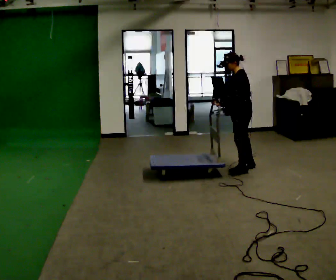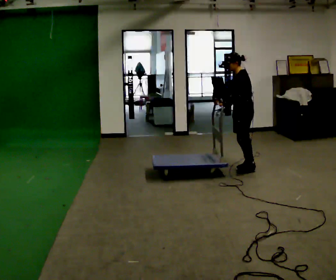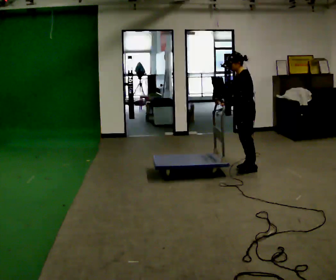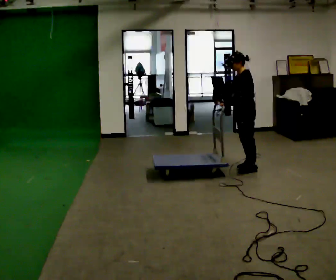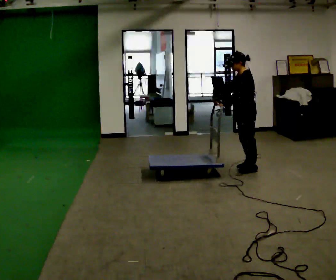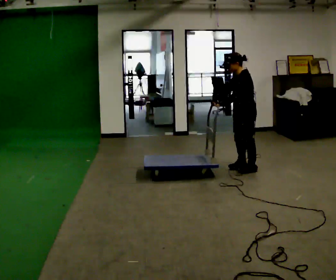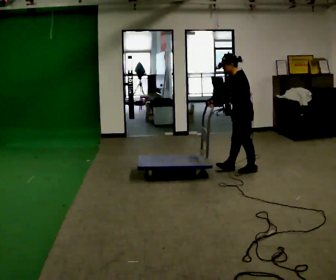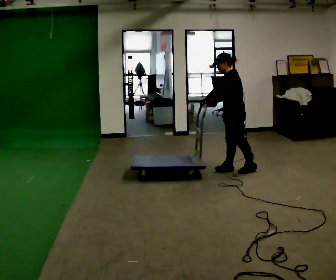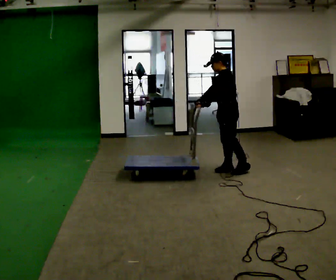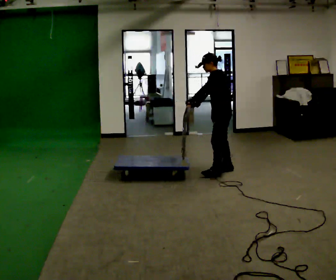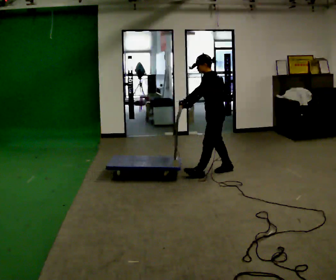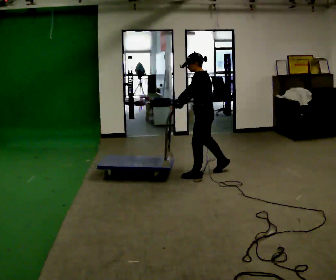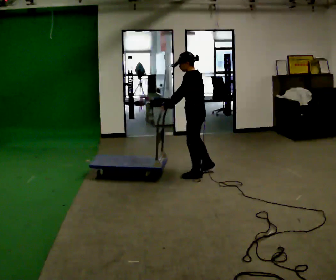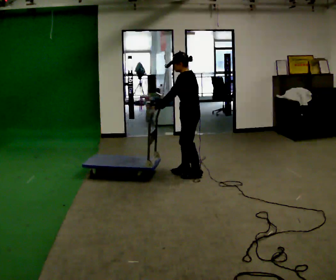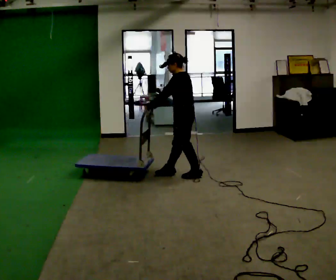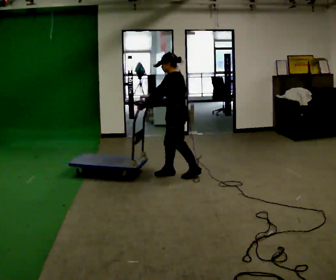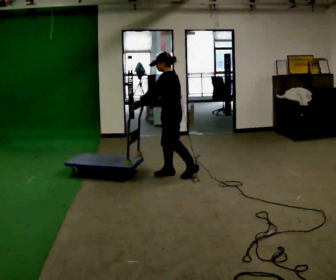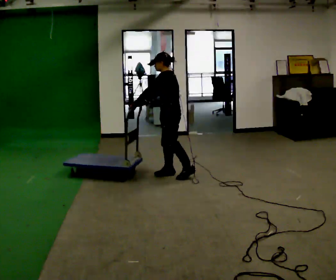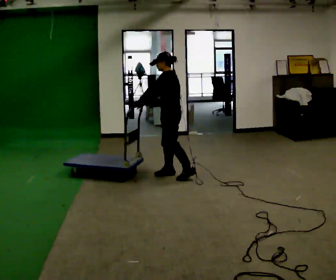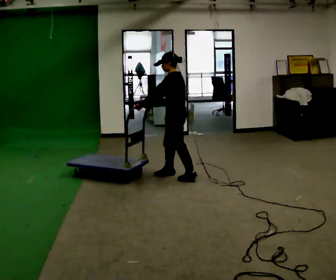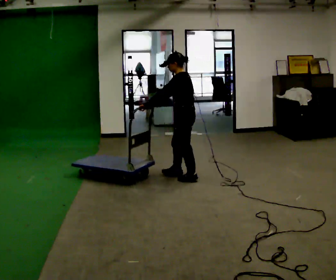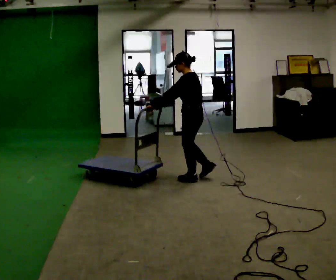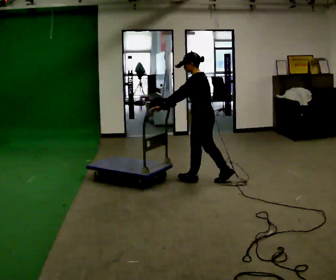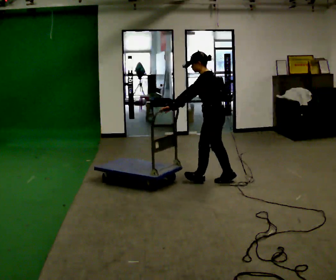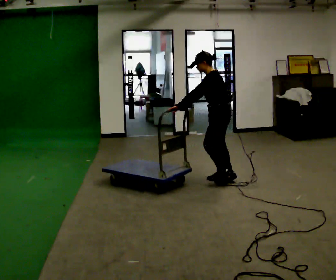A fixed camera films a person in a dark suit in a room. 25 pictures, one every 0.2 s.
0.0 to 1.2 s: The person moves a little, or ends about where they began.
1.2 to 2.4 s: In the picture they go to the left, about 0.5 m in 2 steps, which for them is forward.
2.4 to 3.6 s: In the picture they go to the left, about 0.25 m in 1 step, which for them is forward.
3.6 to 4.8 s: In the picture they go to the right and toward the camera, about 0.5 m in 2 steps, which for them is backward.
The film runs backward here.
